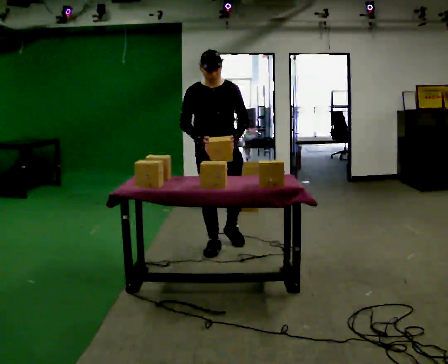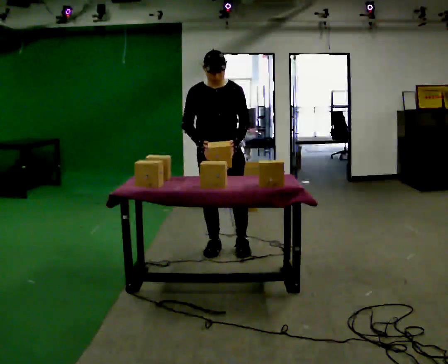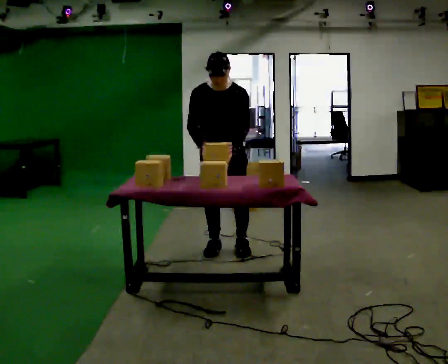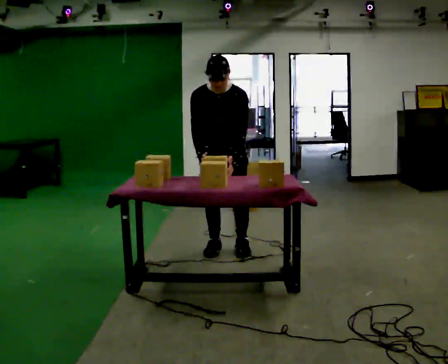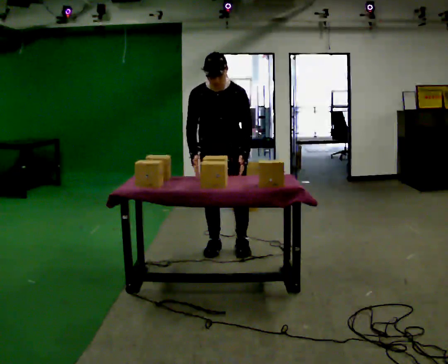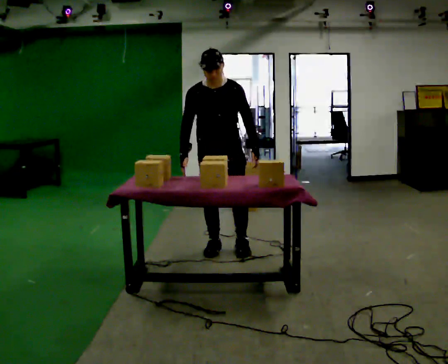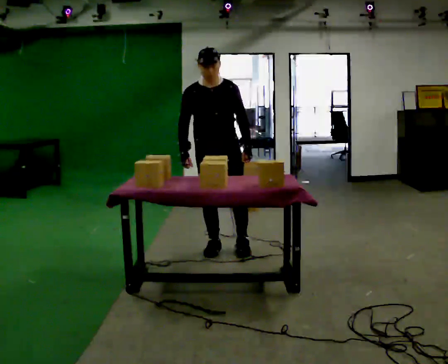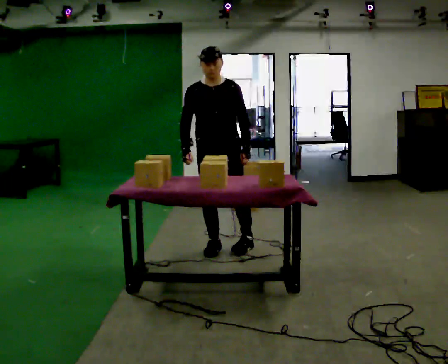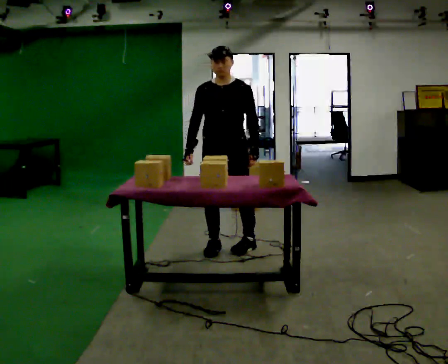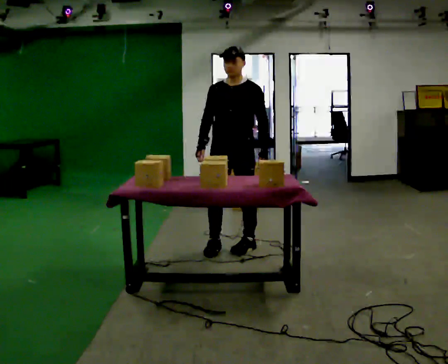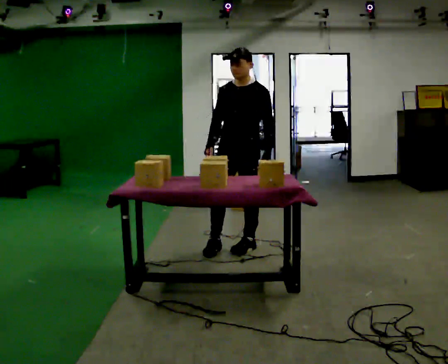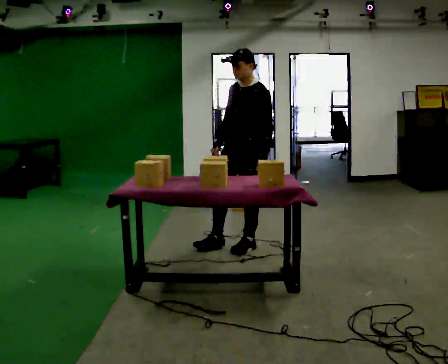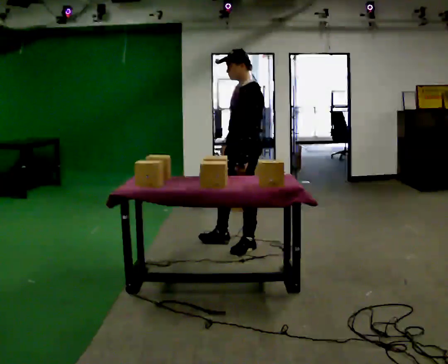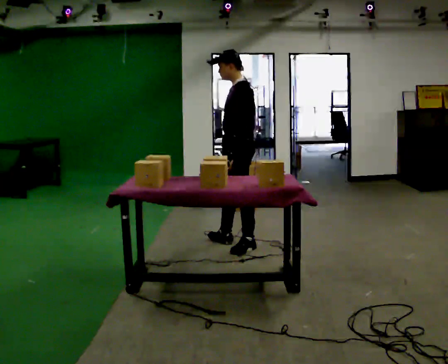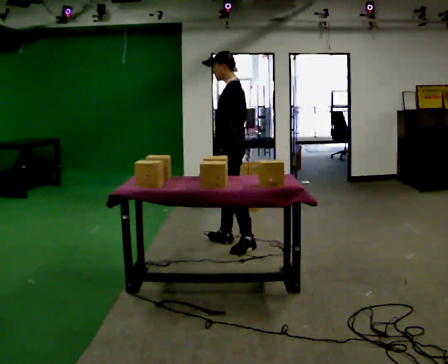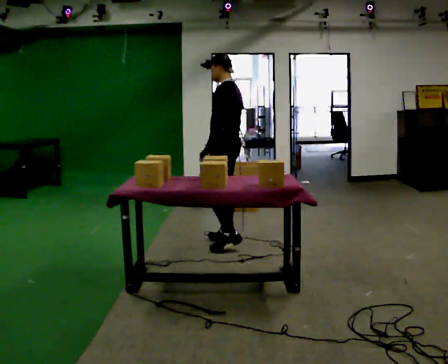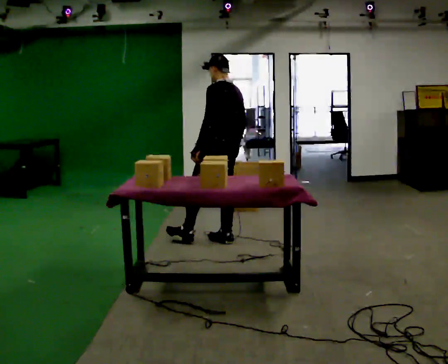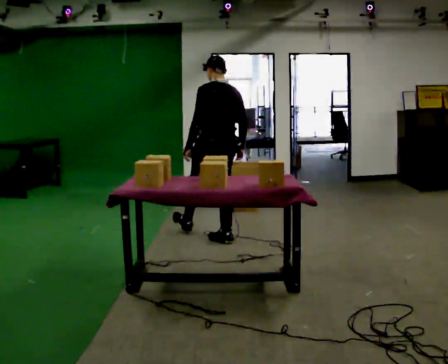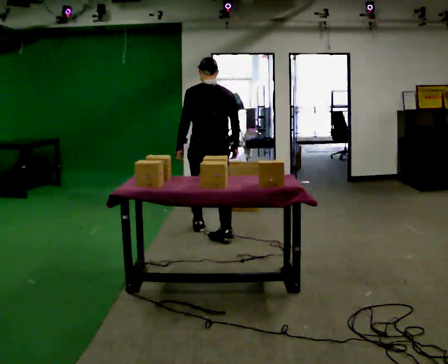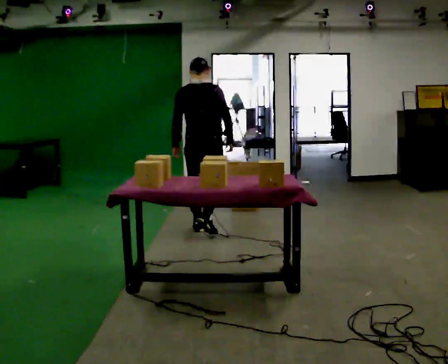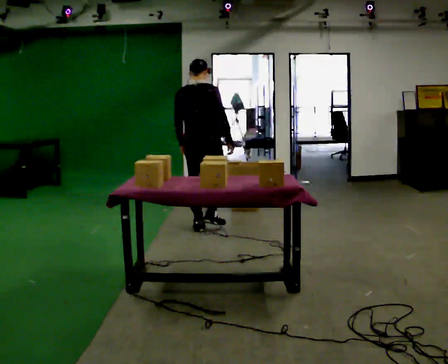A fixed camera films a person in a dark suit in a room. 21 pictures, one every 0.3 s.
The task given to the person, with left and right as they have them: Take the objects the operator names off the crowded shelf, one at a time, and carry each one to the table. You will have to move other things out of the way to reach them. Keep going until the operator says stop; one object at a time, and do not rush between trips.
0.0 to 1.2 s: The person moves a little, or ends about where they began.
1.2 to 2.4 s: The upper body tips away from the camera, its near side rolling upward, as they lean back or straighten.
2.4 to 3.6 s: The person turns about 60 degrees to their right, clockwise seen from above, so the part of the body nearest the lens slides to the left. In the picture they go to the right, about 0.25 m in 1 step.
3.6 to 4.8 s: The part of the body nearest the lens slides to the left as the person turns to their right by about 45 degrees. In the picture they go away from the camera and to the left, about 0.25 m, which for them is to their right and forward.
4.8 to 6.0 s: Seen from above the body turns clockwise, about 60 degrees: to their right, with its near side sliding to the left. In the picture they go away from the camera and to the left, about 0.5 m in 1 step.
The film runs forward here.
